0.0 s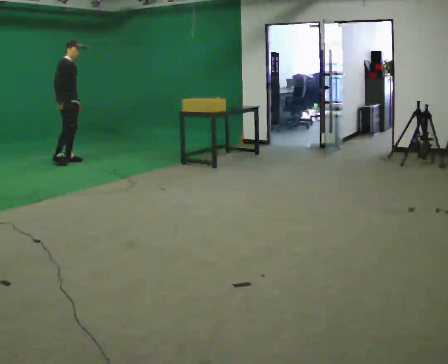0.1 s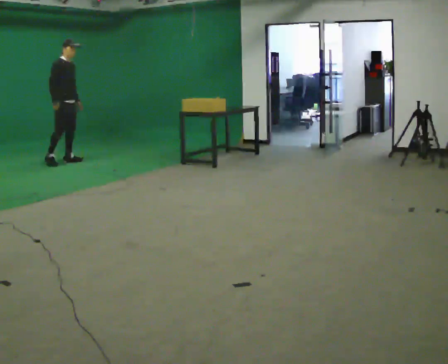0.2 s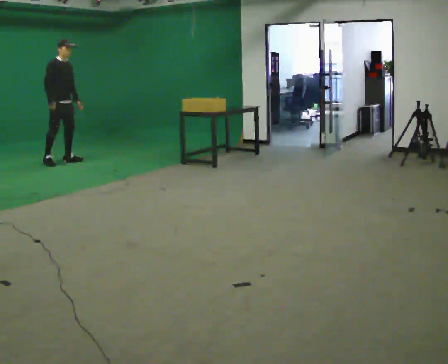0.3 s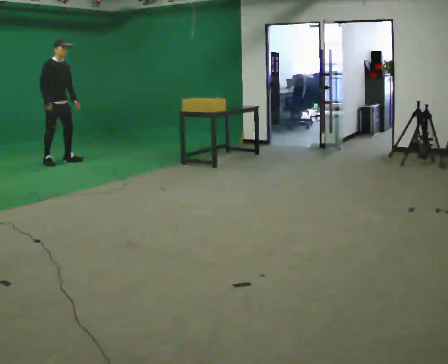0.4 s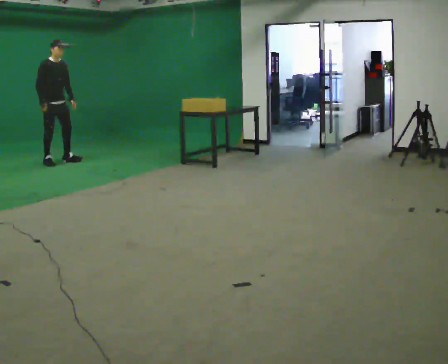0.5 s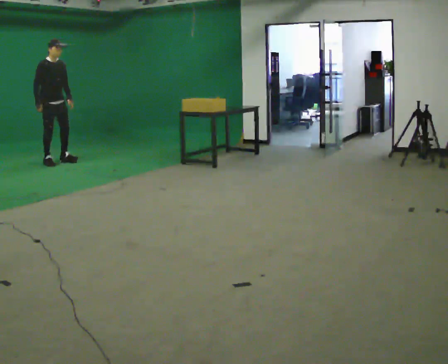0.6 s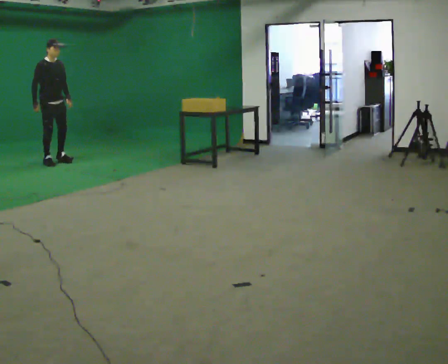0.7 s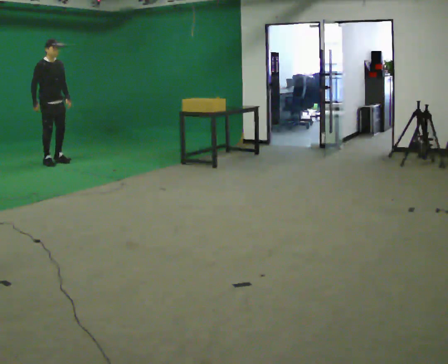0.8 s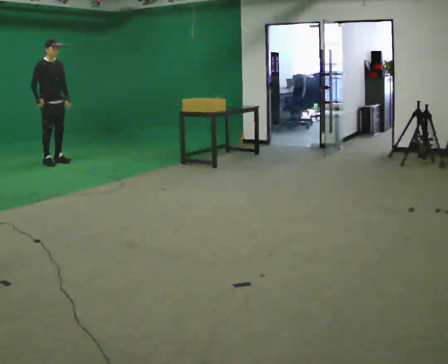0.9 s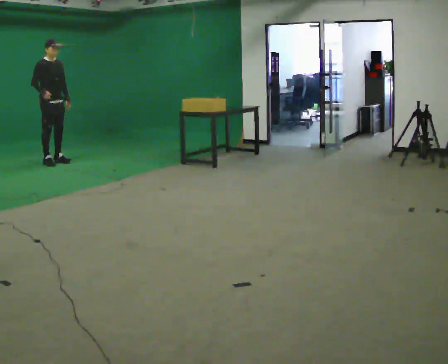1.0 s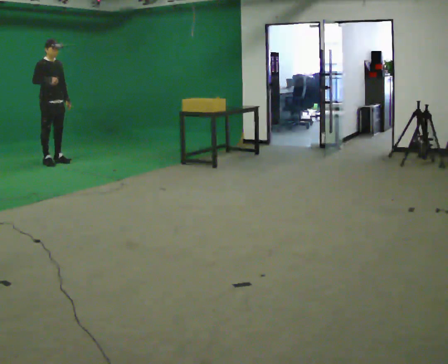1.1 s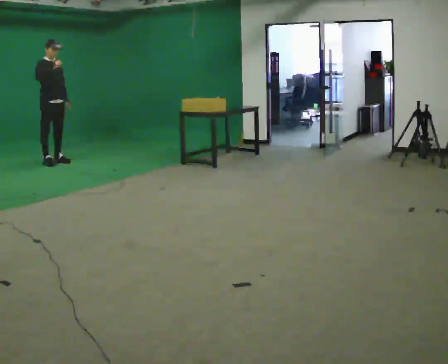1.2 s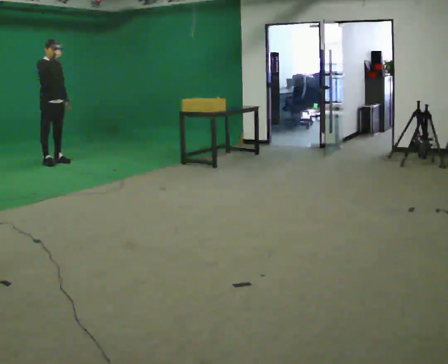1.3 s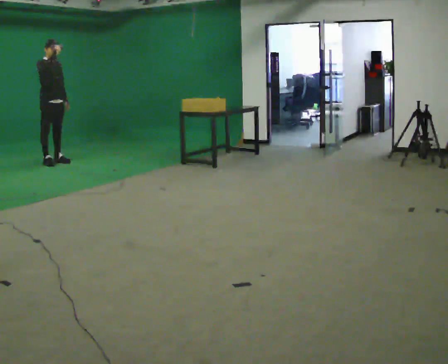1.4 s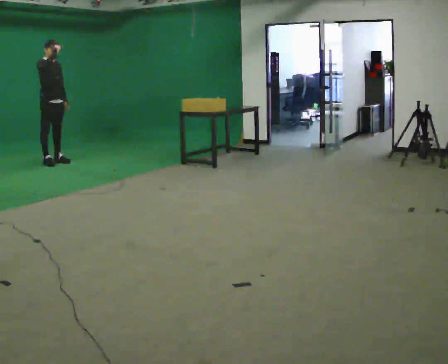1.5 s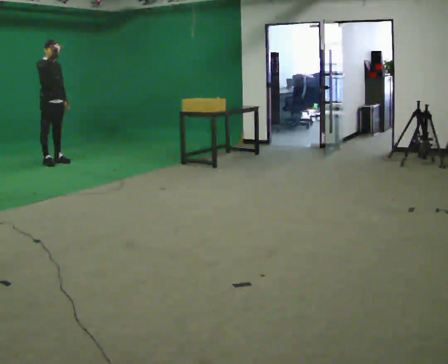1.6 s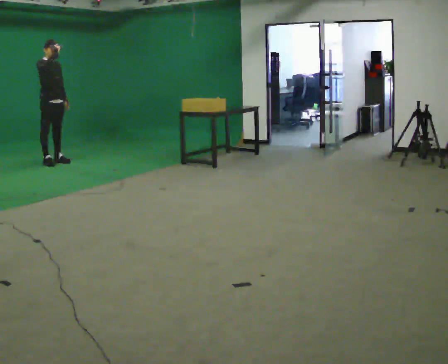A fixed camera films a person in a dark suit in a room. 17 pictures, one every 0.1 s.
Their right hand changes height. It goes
upward.
0.0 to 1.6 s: In the picture they go to the left, about 0.25 m in 2 steps, which for them is to their right. In the picture their right hand goes upward.
The film runs forward here.
